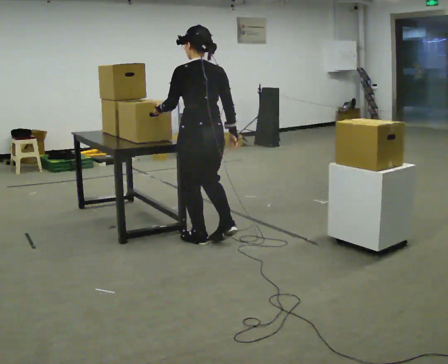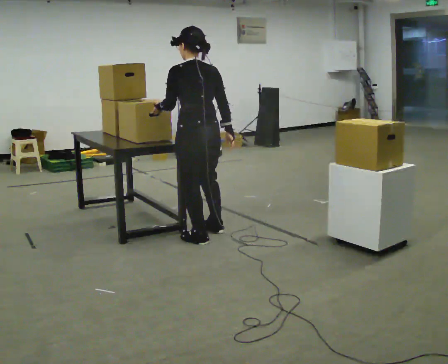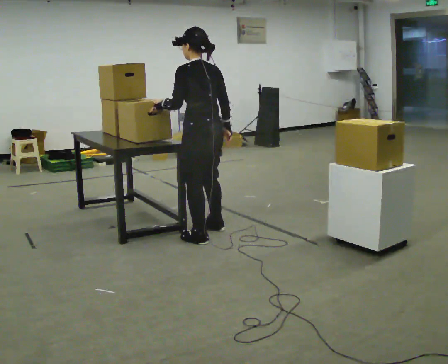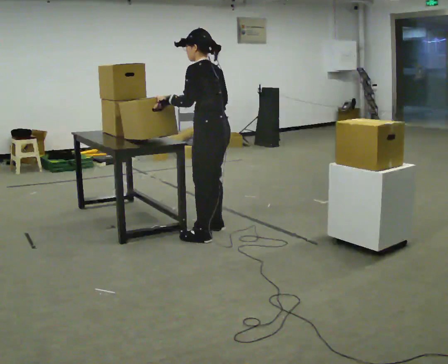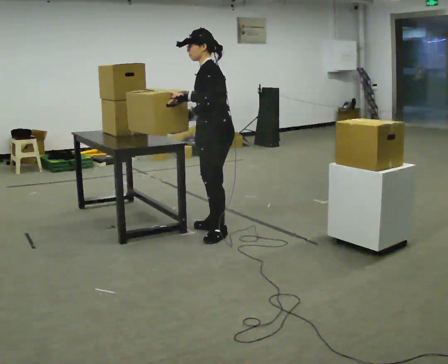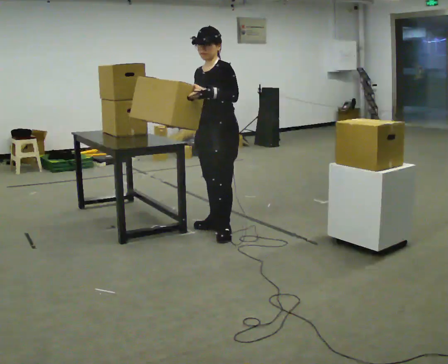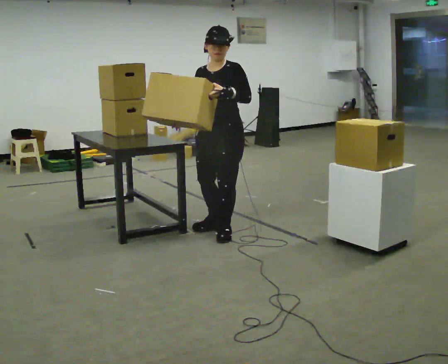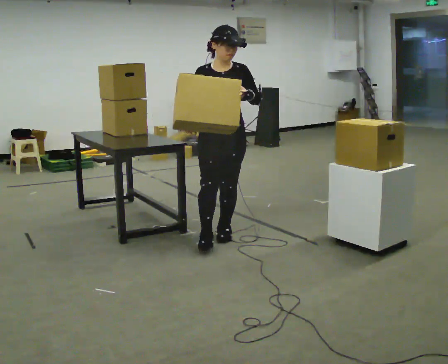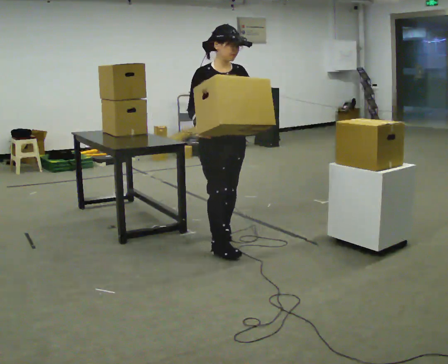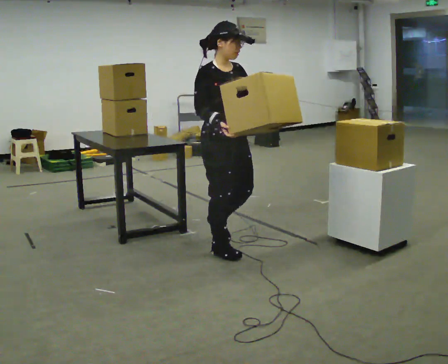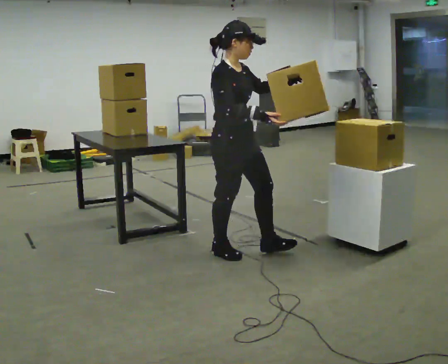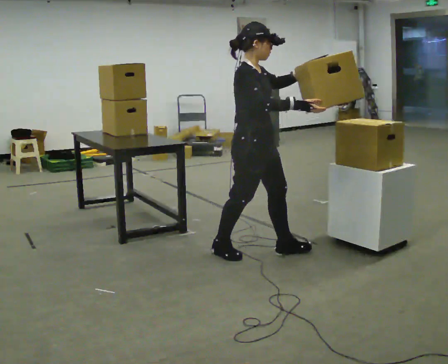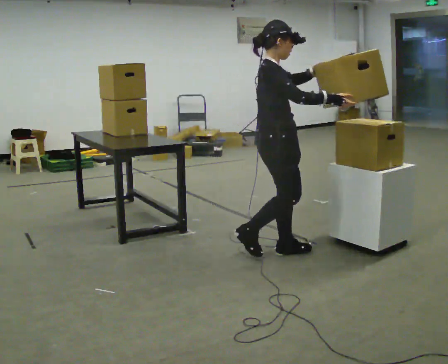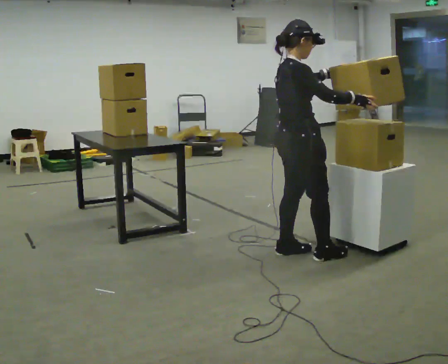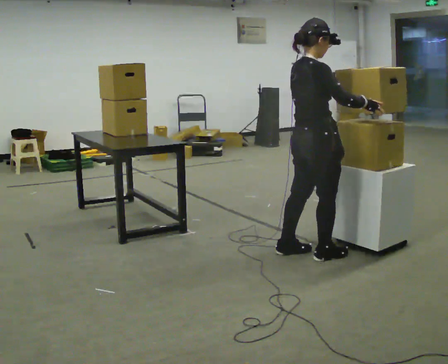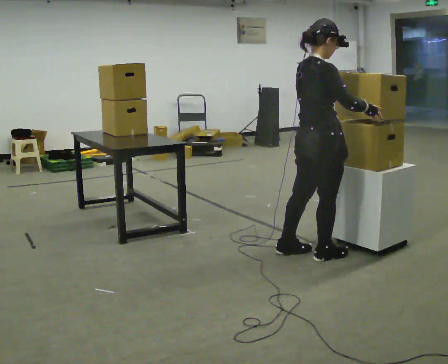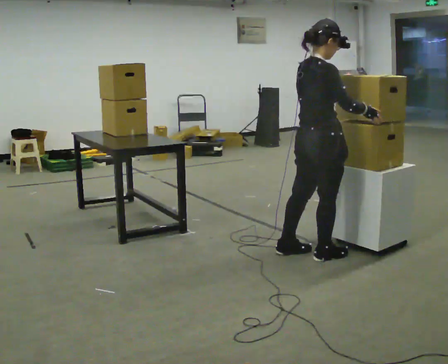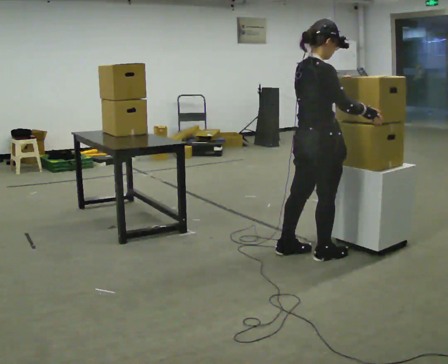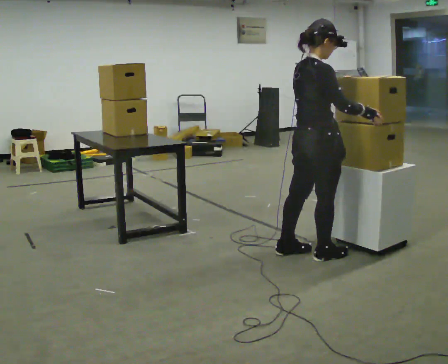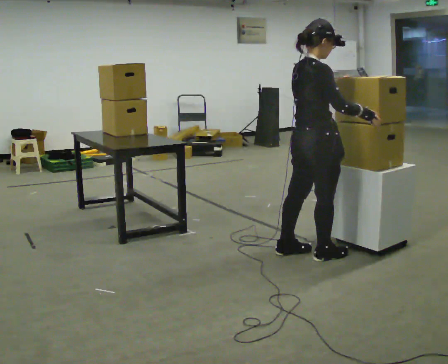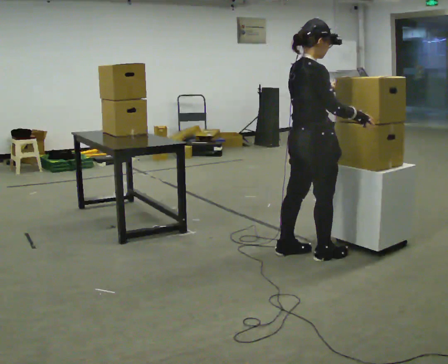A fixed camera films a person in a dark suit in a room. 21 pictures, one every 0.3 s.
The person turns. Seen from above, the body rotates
counterclockwise.
The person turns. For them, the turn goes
to their left.
0.0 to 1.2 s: The person turns about 75 degrees to their left, counterclockwise seen from above, so the part of the body nearest the lens slides to the right. In the picture they go away from the camera, about 0.25 m in 2 steps.
1.2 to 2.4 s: The part of the body nearest the lens slides to the right as the person turns to their left by about 105 degrees. In the picture they go toward the camera, about 0.25 m in 1 step.
2.4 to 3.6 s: The part of the body nearest the lens slides to the right as the person turns to their left by about 60 degrees. In the picture they go to the right and toward the camera, about 0.5 m in 1 step, which for them is forward.
3.6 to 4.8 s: The person turns about 30 degrees to their left, counterclockwise seen from above, so the part of the body nearest the lens slides to the right. In the picture they go to the right, about 0.25 m in 1 step, which for them is forward and to their right.
4.8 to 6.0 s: The person moves a little, or ends about where they began.
The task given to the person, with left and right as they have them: Move the objects one at a time between the far targets the operator calls, without moving your feet. Repeat at your own pace until the operator says stop. Keep both feet on the marked spots for the whole take. If you have to step, stop and tell the operator.
The film runs forward here.
